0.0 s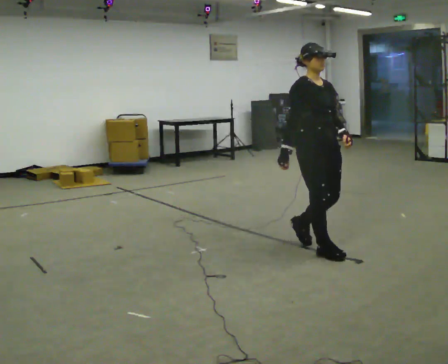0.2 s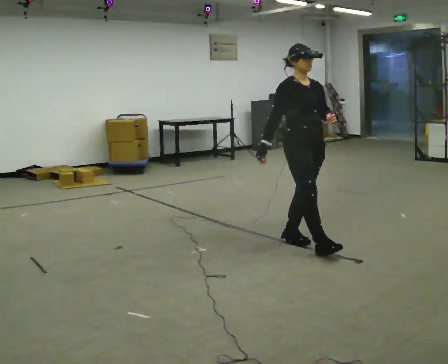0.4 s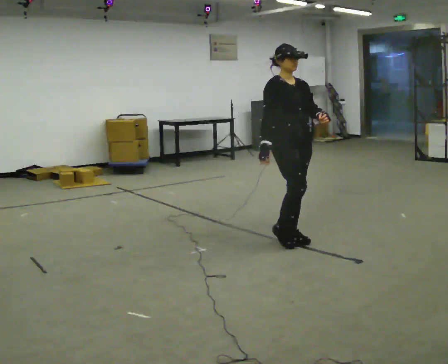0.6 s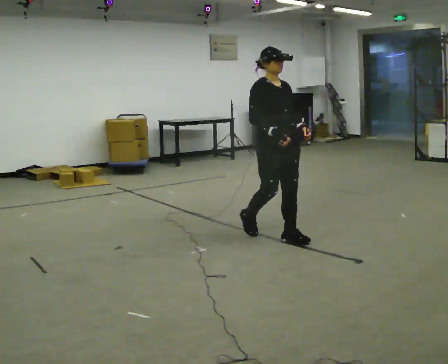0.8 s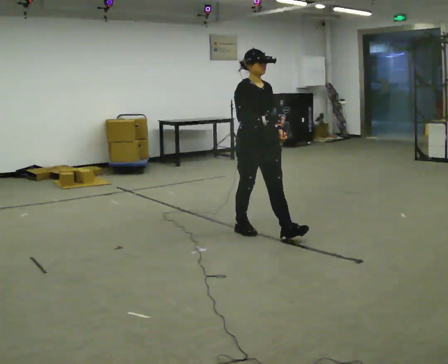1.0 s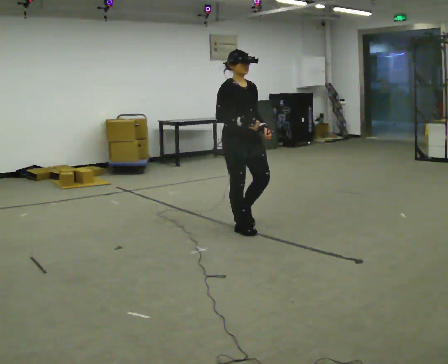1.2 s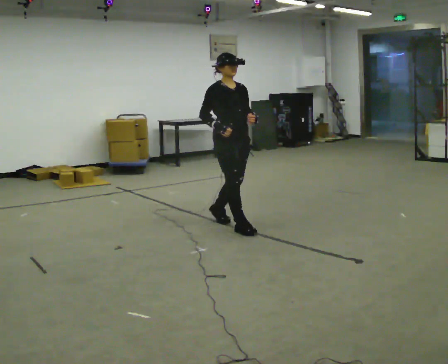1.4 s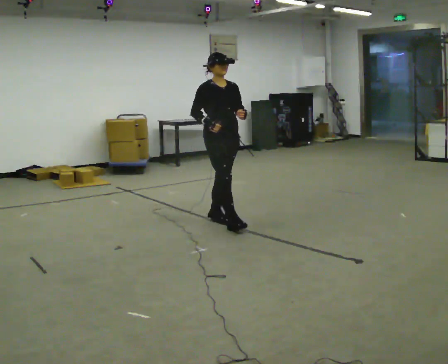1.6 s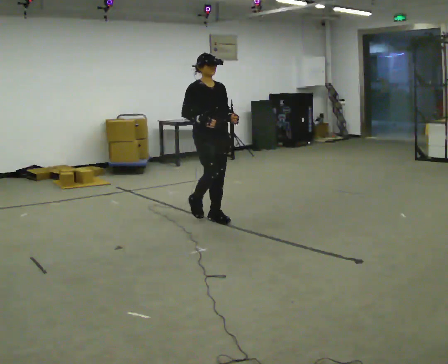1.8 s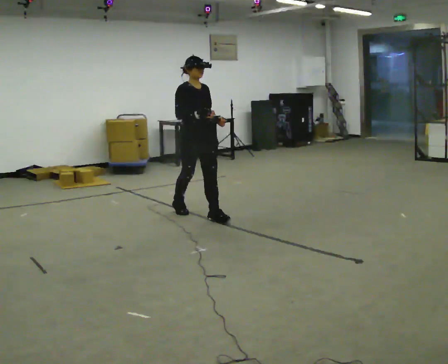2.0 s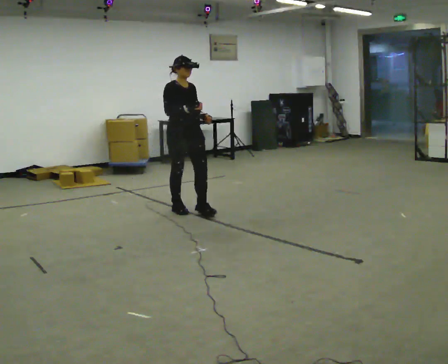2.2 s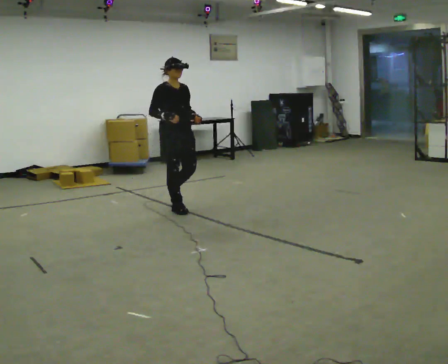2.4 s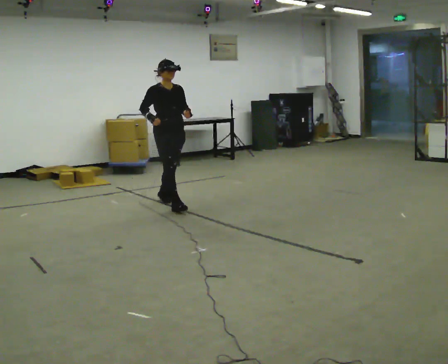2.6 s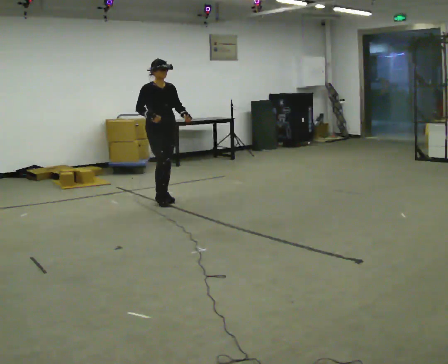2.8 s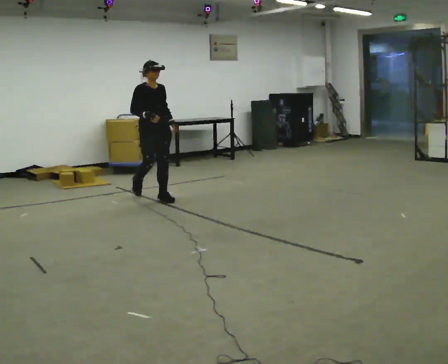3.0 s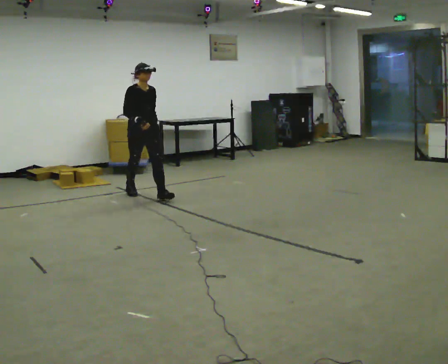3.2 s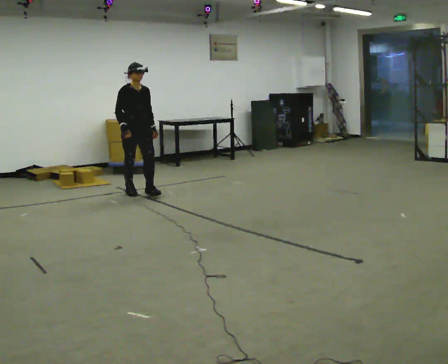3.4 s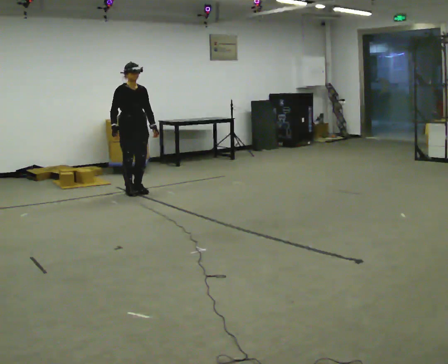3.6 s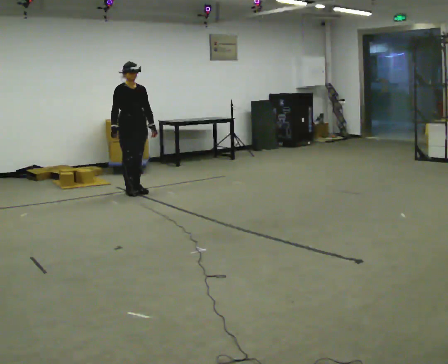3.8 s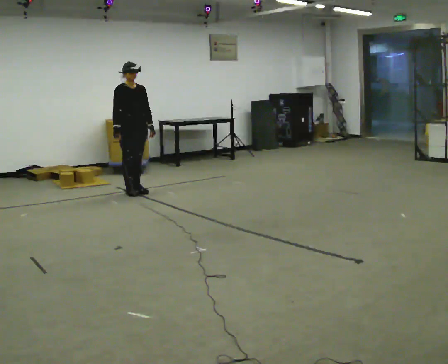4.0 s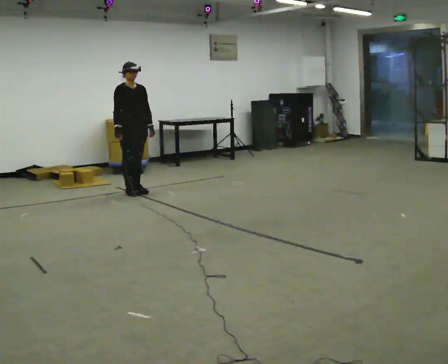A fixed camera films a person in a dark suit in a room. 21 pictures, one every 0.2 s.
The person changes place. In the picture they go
away from the camera.
0.0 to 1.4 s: In the picture they go away from the camera and to the left, about 1 m in 3 steps, which for them is backward.
1.4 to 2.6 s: In the picture they go away from the camera and to the left, about 1 m in 2 steps, which for them is backward.
2.6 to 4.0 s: In the picture they go away from the camera and to the left, about 0.75 m in 1 step, which for them is backward.
The film runs backward here.
